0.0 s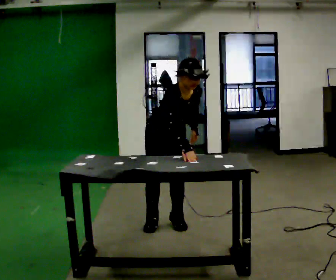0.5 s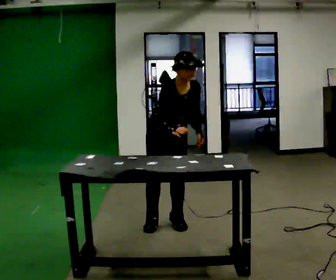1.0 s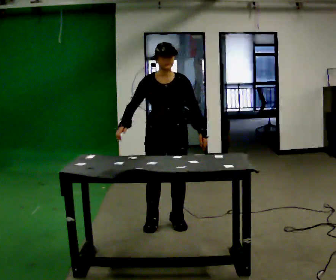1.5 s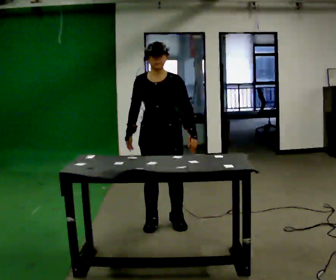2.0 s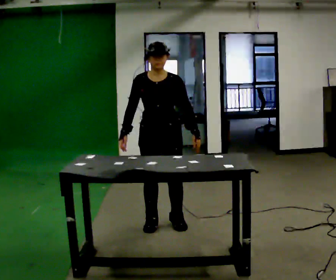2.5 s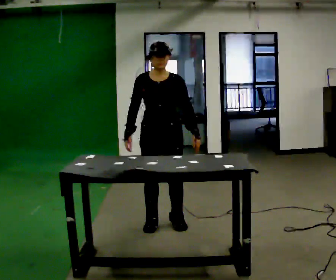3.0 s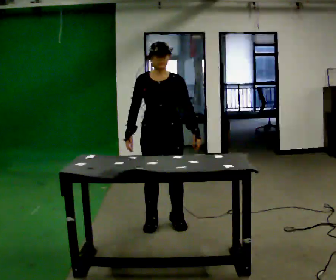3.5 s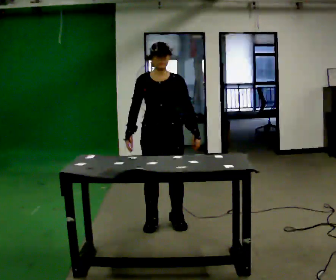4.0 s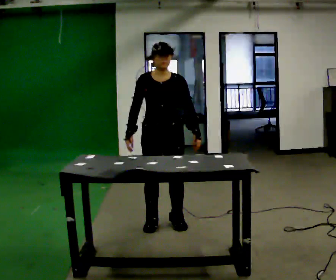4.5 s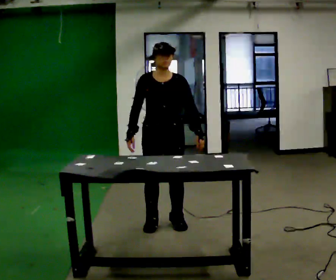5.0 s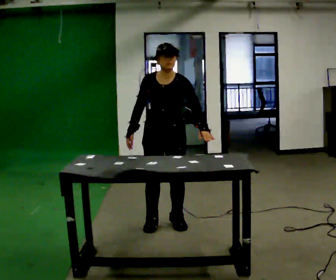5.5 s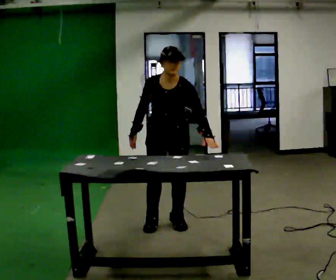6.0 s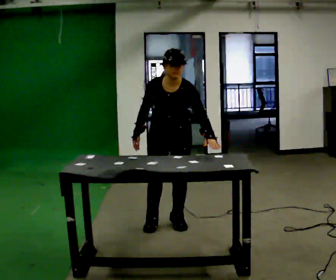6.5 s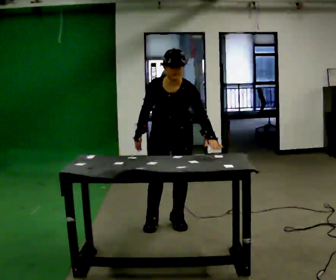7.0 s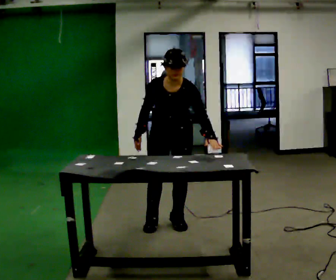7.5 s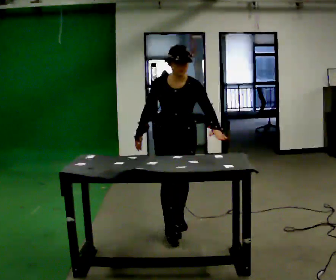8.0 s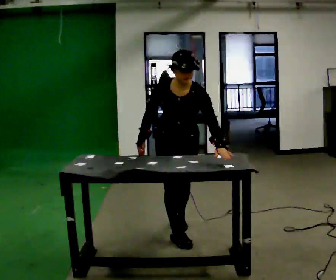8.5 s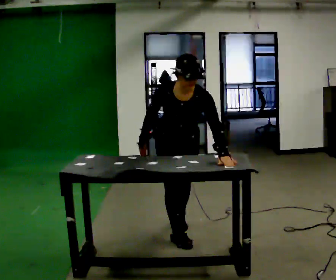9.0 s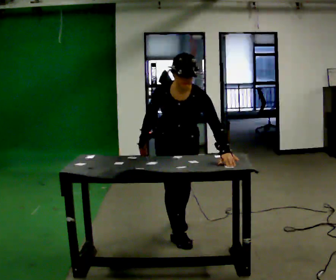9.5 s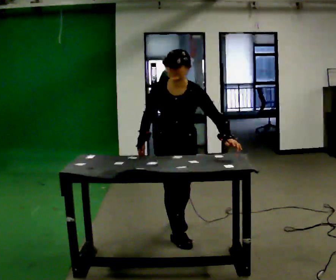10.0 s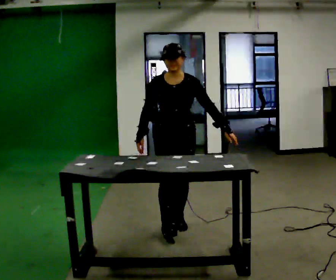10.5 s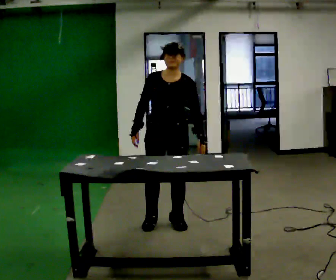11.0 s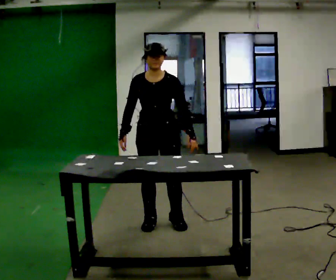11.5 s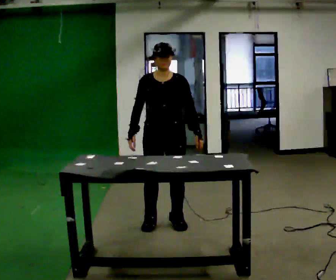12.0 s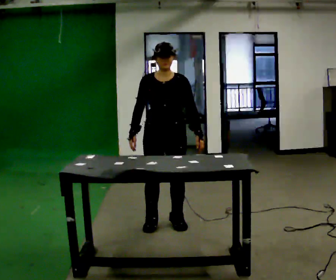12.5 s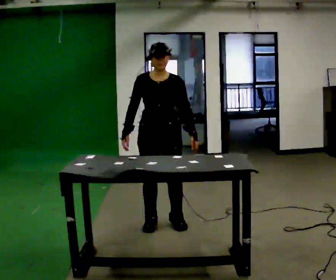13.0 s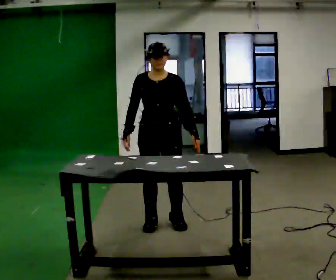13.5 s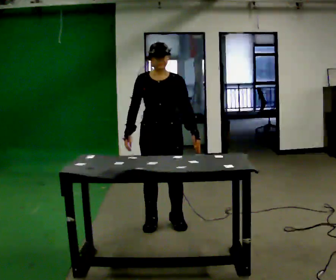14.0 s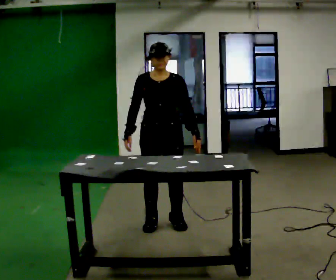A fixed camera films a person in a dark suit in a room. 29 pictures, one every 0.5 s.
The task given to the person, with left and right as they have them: Touch each numbered target on the board in front of you in the order the operator calls. Keep both feet on the marked spots for the whole take. If you have to step, stop and tell the operator.
0.0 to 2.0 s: The part of the body nearest the lens slides to the left as the person turns to their right by about 30 degrees. The upper body tips away from the camera, its near side rolling upward, as they lean back or straighten. In the picture their right hand goes to the left.
2.0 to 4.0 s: The person moves a little, or ends about where they began.
4.0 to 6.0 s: The upper body tips toward the camera, its near side rolling downward, as they bend forward.
6.0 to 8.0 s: In the picture they go toward the camera, about 0.25 m in 1 step, which for them is forward.
8.0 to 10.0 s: In the picture they go away from the camera, about 0.25 m, which for them is backward. The upper body tips away from the camera, its near side rolling upward, as they lean back or straighten.
10.0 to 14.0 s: The person moves a little, or ends about where they began.
The film runs forward here.
